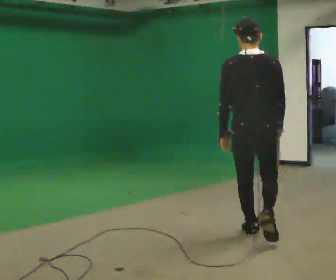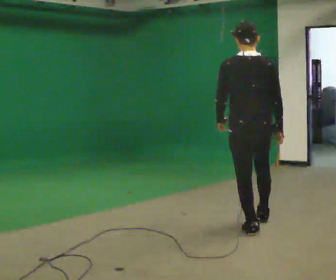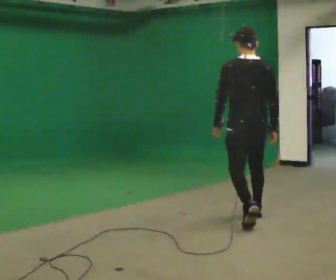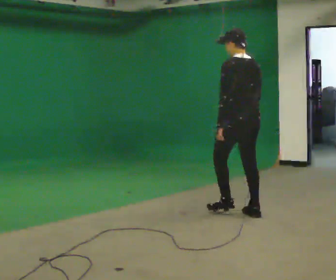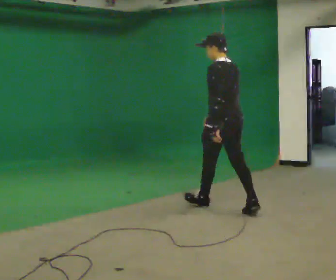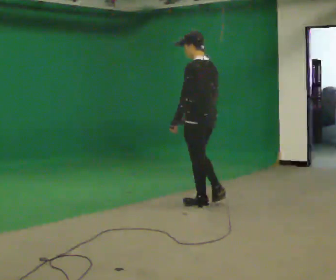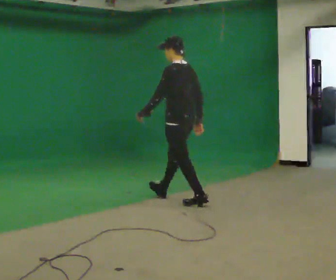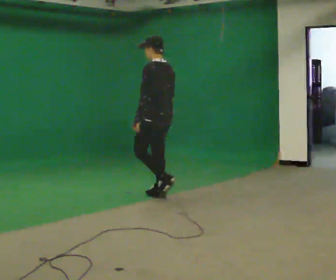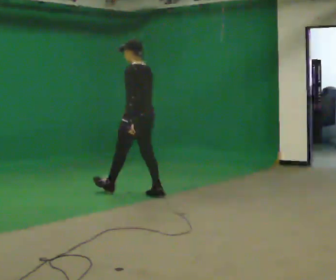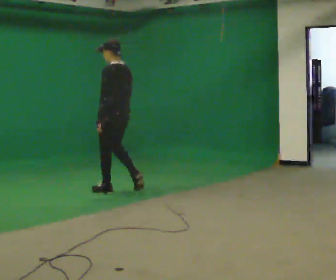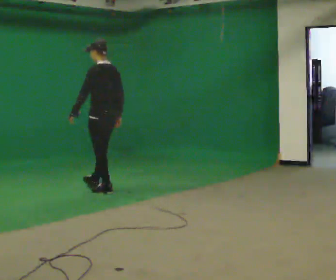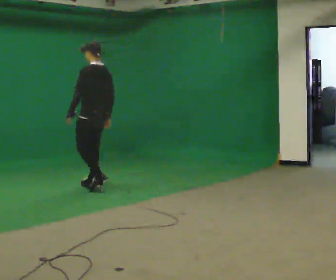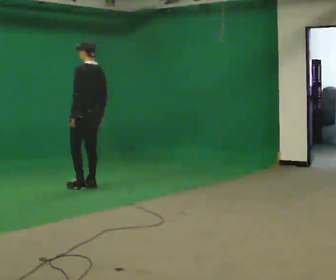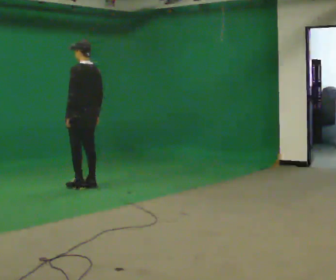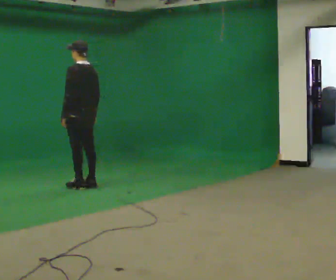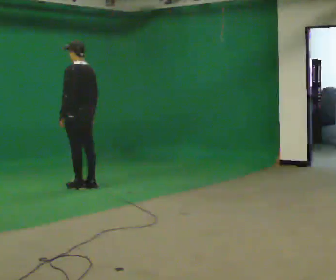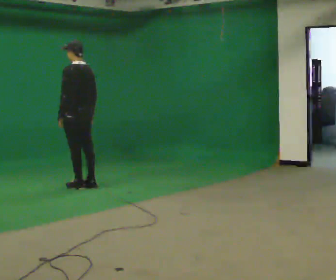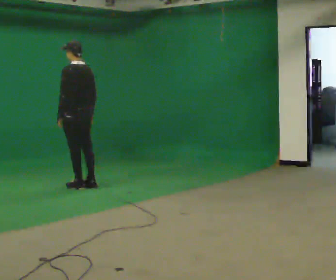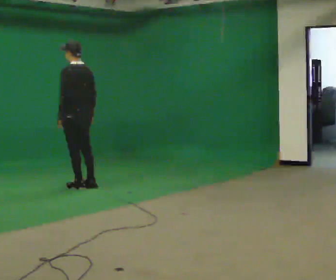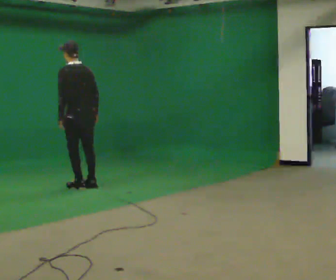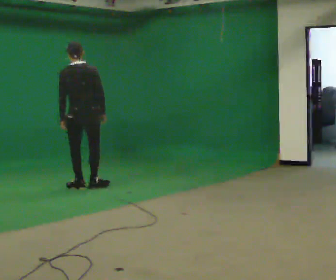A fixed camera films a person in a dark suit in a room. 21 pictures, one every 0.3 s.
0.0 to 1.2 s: The part of the body nearest the lens slides to the right as the person turns to their left by about 45 degrees. In the picture they go away from the camera, about 1 m in 2 steps, which for them is forward.
1.2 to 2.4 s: In the picture they go away from the camera and to the left, about 1 m in 1 step, which for them is forward.
2.4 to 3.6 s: In the picture they go to the left and away from the camera, about 1 m in 2 steps, which for them is forward.
3.6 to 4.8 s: The person moves a little, or ends about where they began.
4.8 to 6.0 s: The part of the body nearest the lens slides to the left as the person turns to their right by about 45 degrees.
The film runs forward here.
